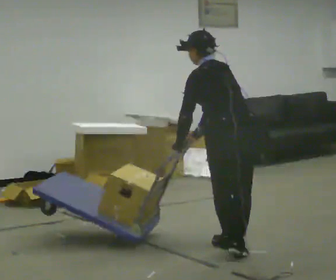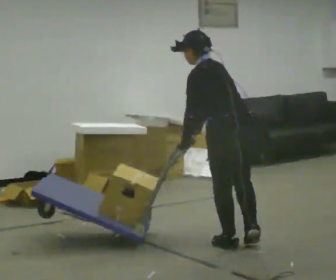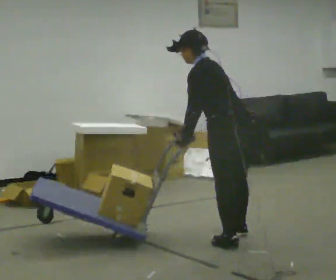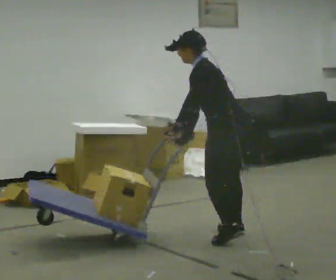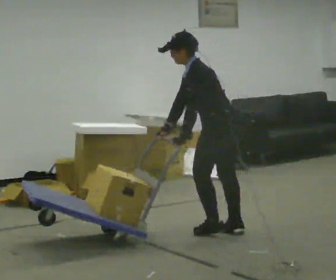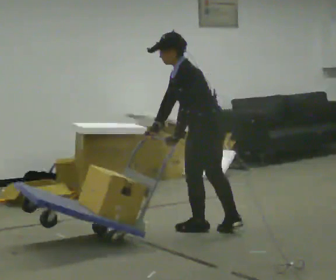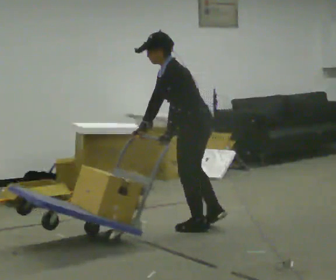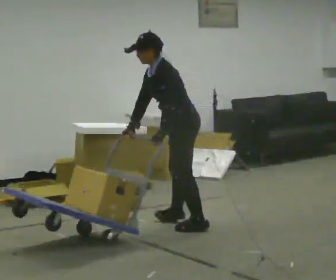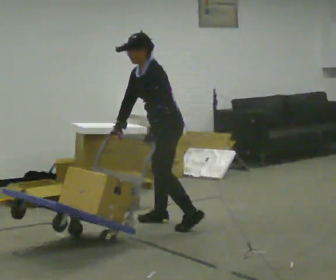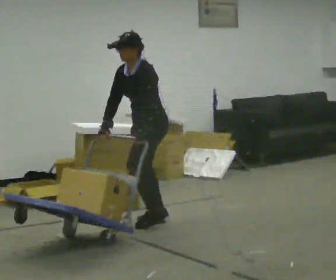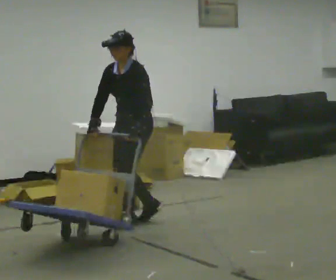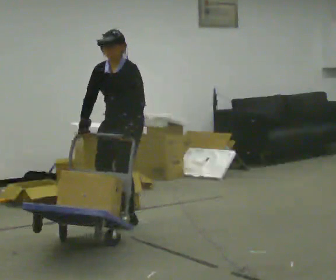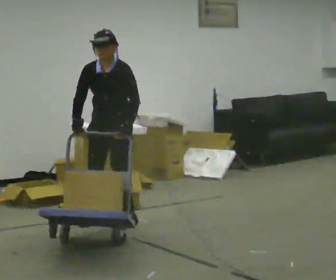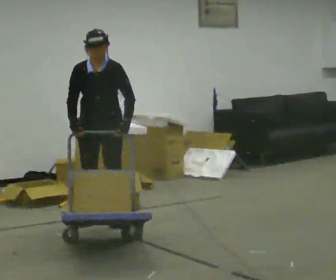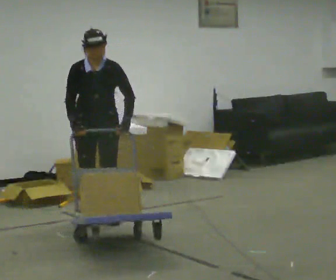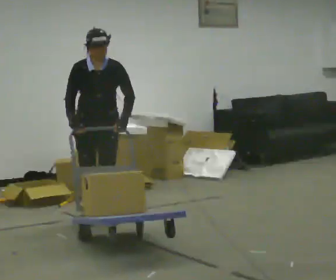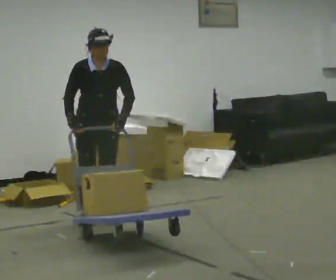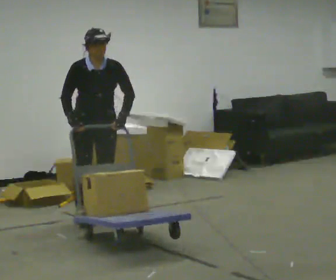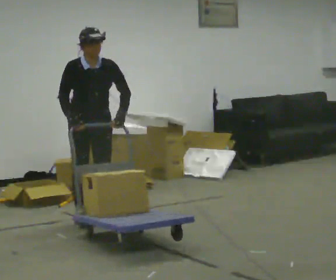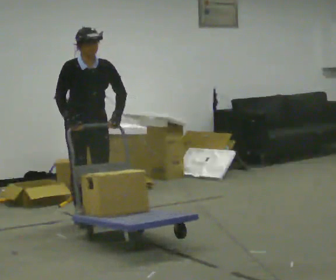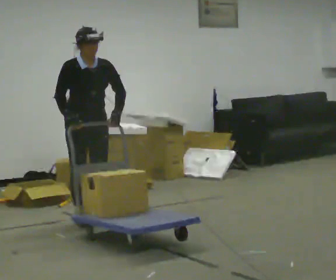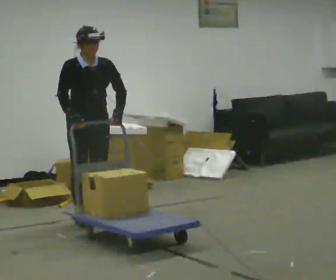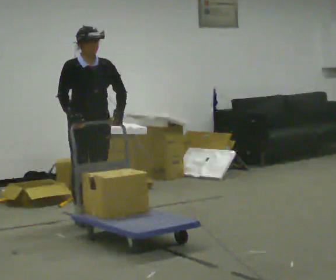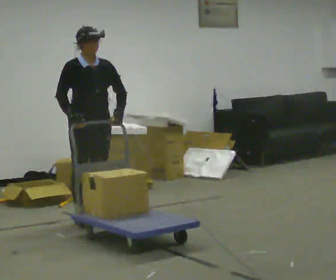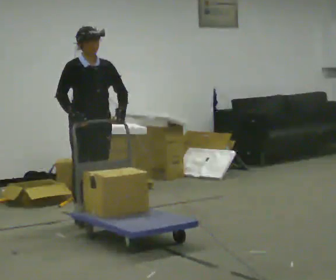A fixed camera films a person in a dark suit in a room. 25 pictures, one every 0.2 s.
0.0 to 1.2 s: The person turns about 60 degrees to their left, counterclockwise seen from above, so the part of the body nearest the lens slides to the right. In the picture they go away from the camera, about 0.75 m in 2 steps, which for them is forward and to their right. The upper body tips toward the camera, its near side rolling downward.
1.2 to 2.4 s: The part of the body nearest the lens slides to the right as the person turns to their left by about 75 degrees. In the picture they go to the left and away from the camera, about 0.75 m in 3 steps. In the picture the upper body tilts clockwise, shoulders to the right.
2.4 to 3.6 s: The person turns about 45 degrees to their left, counterclockwise seen from above, so the part of the body nearest the lens slides to the right. In the picture they go to the left, about 0.25 m in 1 step, which for them is to their right.
3.6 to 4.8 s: The person moves a little, or ends about where they began.
The film runs forward here.
